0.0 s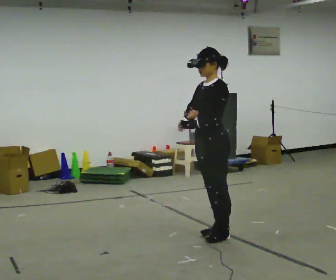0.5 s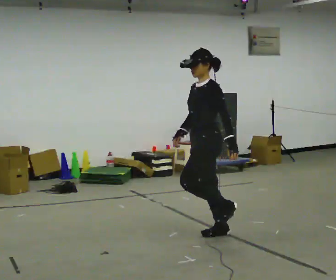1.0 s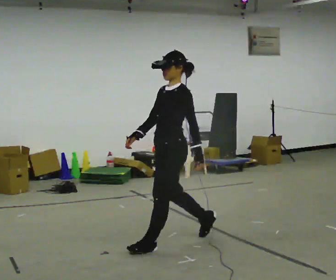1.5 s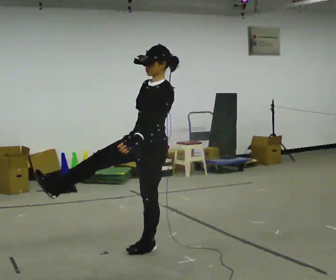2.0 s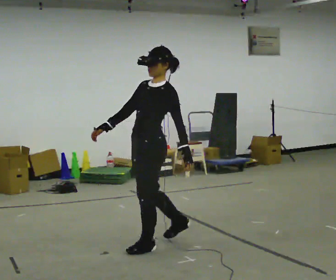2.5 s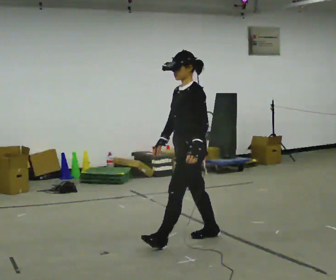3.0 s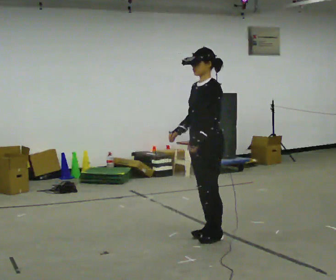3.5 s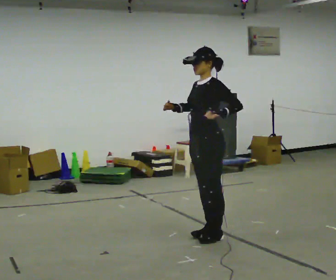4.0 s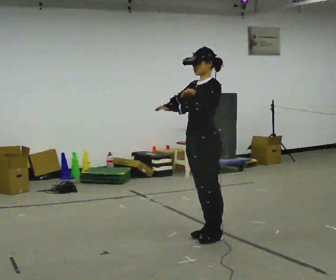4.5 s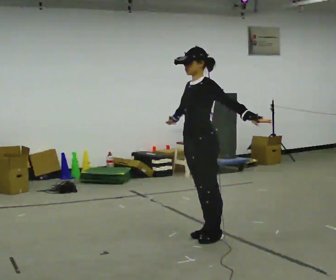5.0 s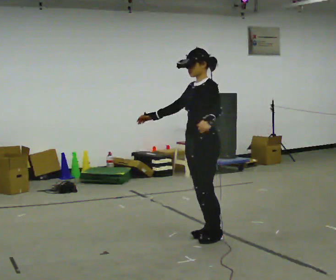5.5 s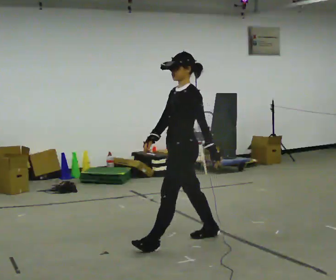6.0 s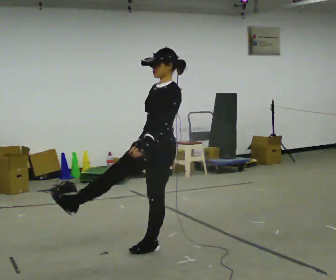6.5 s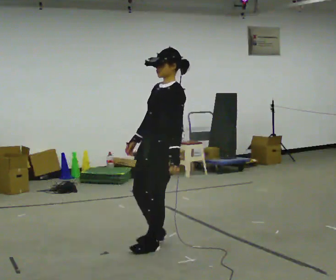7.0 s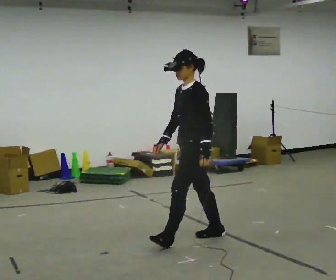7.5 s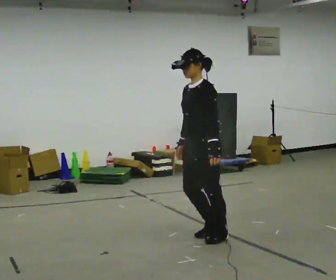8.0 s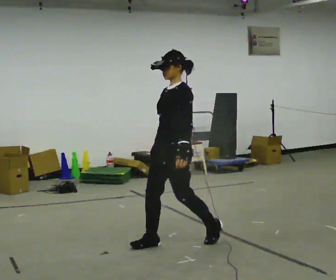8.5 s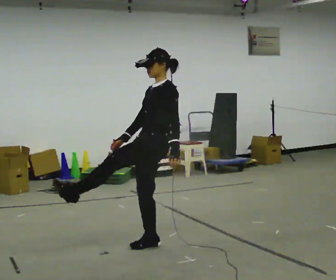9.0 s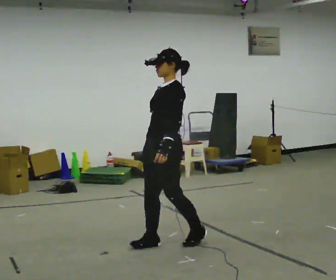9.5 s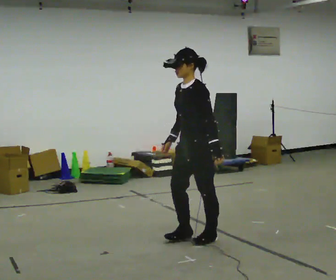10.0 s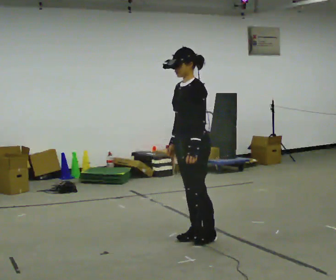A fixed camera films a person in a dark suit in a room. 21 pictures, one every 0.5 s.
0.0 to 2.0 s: In the picture they go to the left and toward the camera, about 0.5 m in 1 step, which for them is forward.
2.0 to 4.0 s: In the picture they go to the right and away from the camera, about 0.5 m in 1 step, which for them is backward. In the picture their left hand goes upward.
4.0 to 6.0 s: In the picture they go to the left and toward the camera, about 0.5 m in 1 step, which for them is forward. In the picture their right hand goes downward.
6.0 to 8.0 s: The person moves a little, or ends about where they began.
8.0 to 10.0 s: In the picture they go to the right, about 0.25 m in 1 step, which for them is backward.
The film runs forward here.
